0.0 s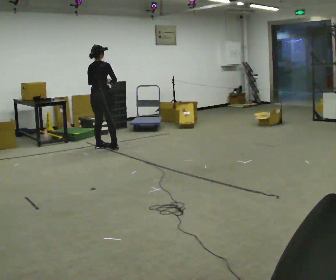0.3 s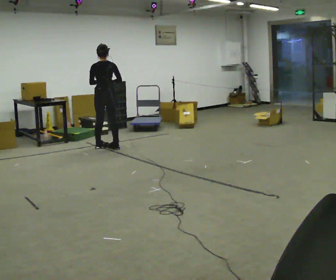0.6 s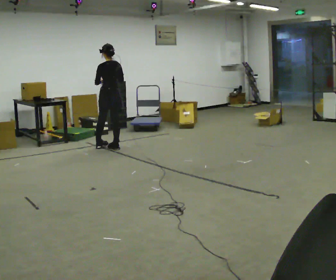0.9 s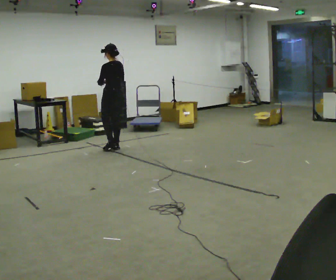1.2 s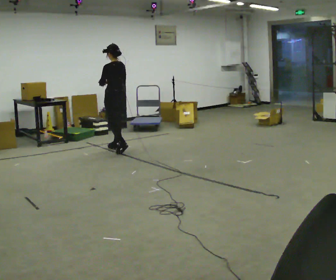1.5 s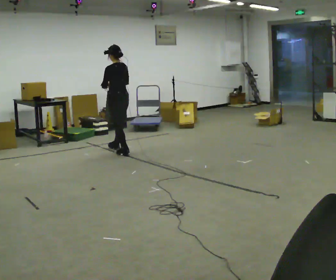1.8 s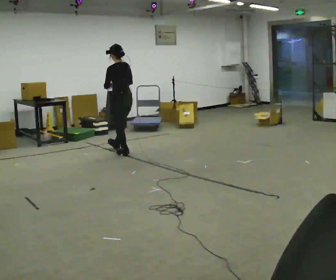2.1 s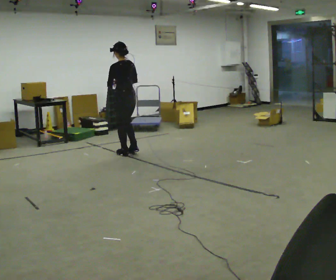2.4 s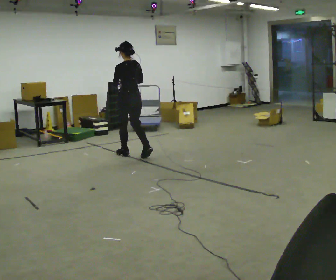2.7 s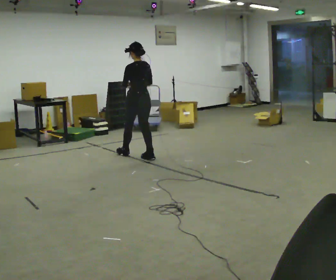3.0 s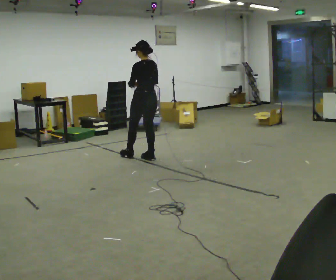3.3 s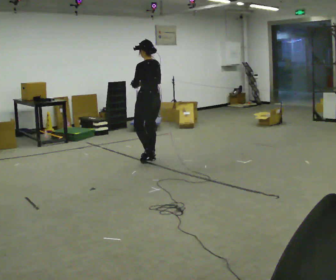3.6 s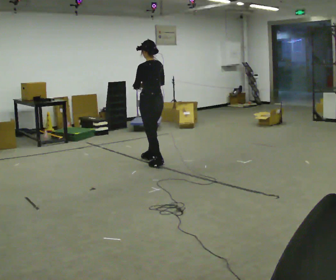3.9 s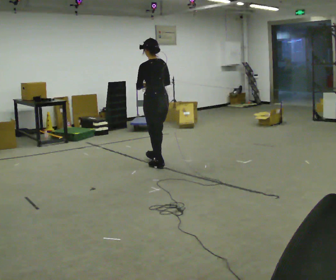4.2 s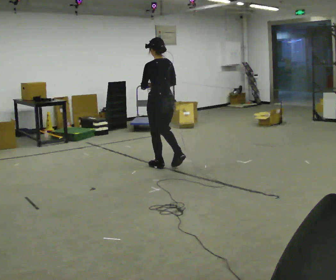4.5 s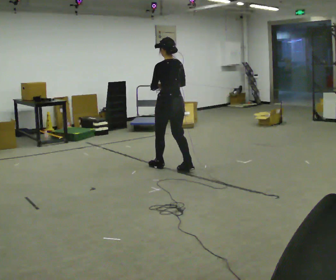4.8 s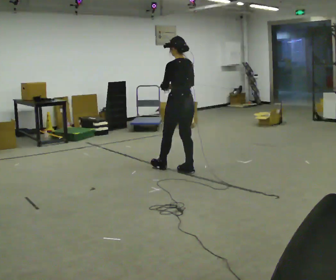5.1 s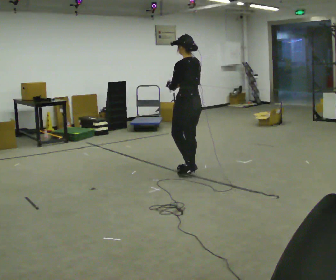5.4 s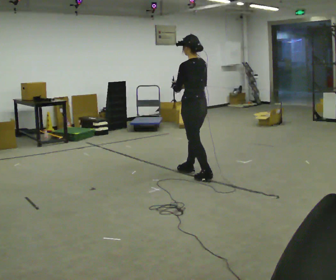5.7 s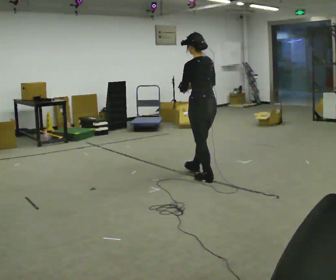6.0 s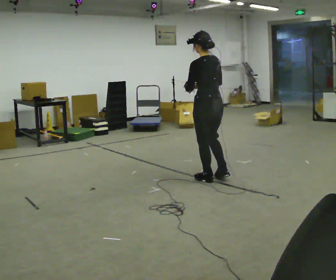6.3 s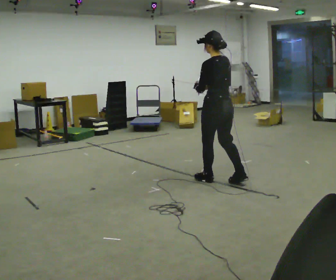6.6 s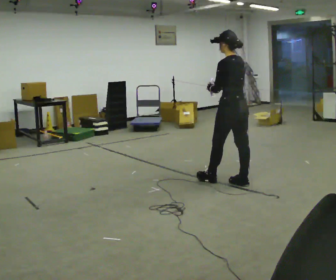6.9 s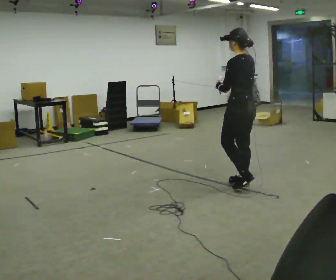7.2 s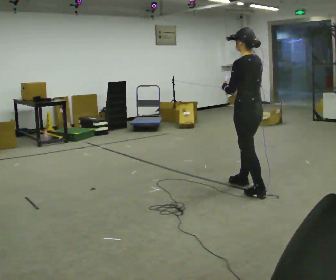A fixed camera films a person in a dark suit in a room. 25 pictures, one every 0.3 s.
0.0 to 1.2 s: The part of the body nearest the lens slides to the right as the person turns to their left by about 75 degrees. In the picture they go to the right, about 0.25 m in 1 step.
1.2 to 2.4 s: In the picture they go toward the camera and to the right, about 0.5 m in 1 step, which for them is backward.
2.4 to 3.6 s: In the picture they go toward the camera and to the right, about 0.5 m in 1 step, which for them is backward.
3.6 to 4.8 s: In the picture they go toward the camera and to the right, about 0.5 m in 2 steps, which for them is backward.
4.8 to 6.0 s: In the picture they go toward the camera and to the right, about 0.5 m in 1 step, which for them is backward.
6.0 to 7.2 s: In the picture they go toward the camera and to the right, about 0.5 m in 1 step, which for them is backward.
The film runs backward here.
